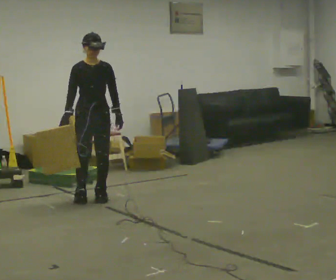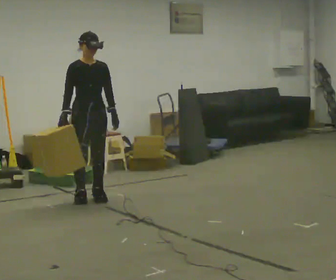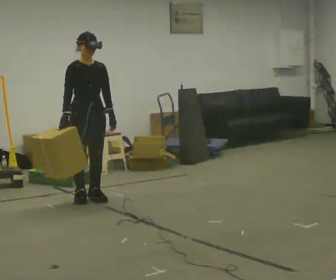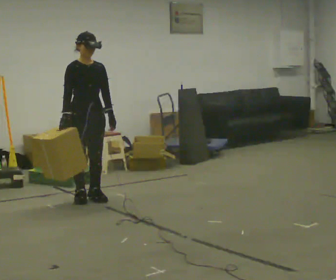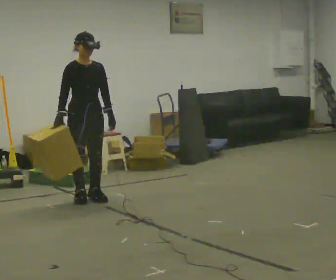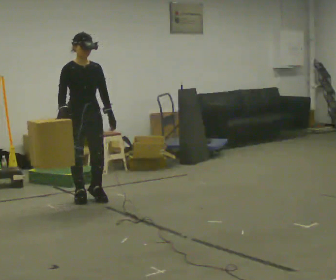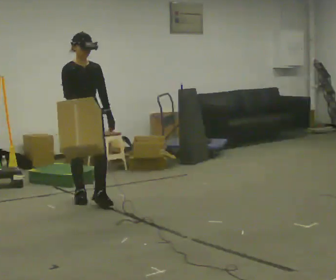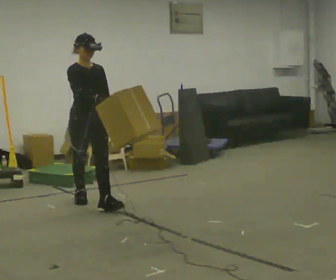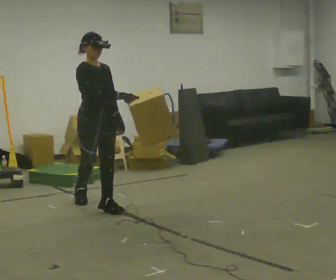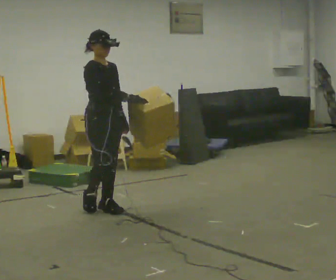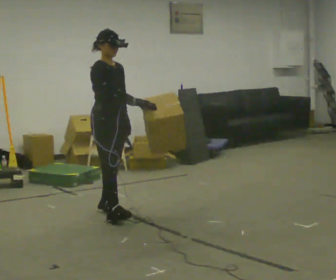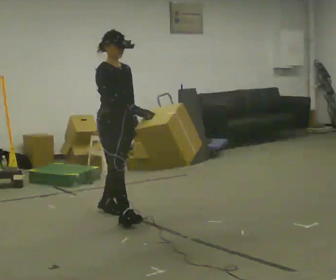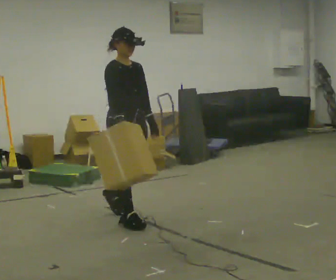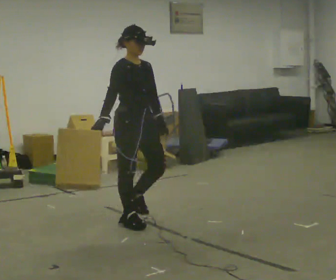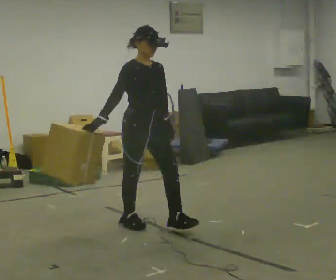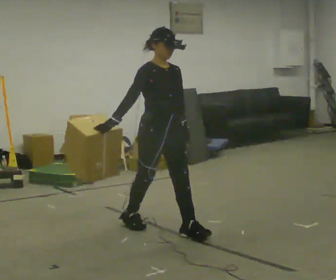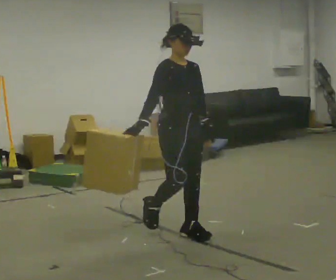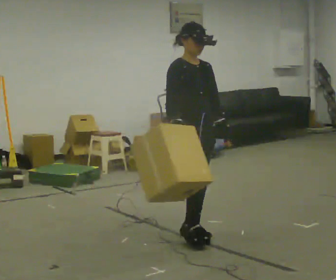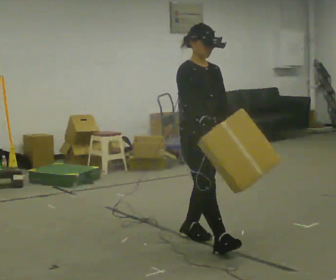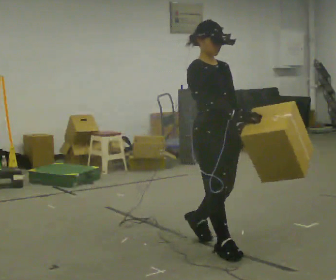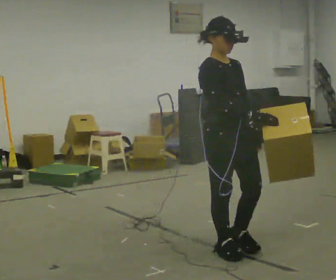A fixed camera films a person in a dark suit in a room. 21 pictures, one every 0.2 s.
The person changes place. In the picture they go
toward the camera.
0.0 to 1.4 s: In the picture they go toward the camera, about 0.25 m in 1 step, which for them is forward. In the picture their right hand goes to the right.
1.4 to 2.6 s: In the picture they go toward the camera and to the right, about 1 m in 1 step, which for them is forward.
2.6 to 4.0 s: In the picture they go toward the camera and to the right, about 1 m in 2 steps, which for them is forward.
The film runs forward here.
